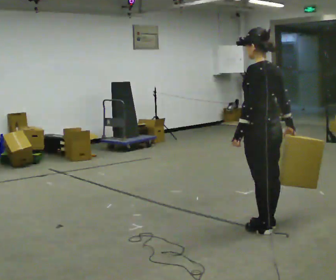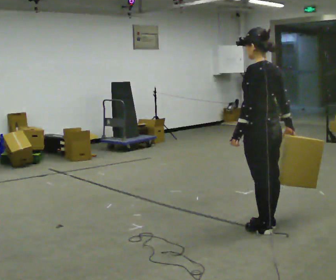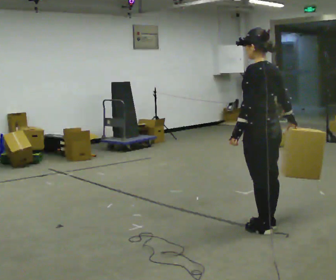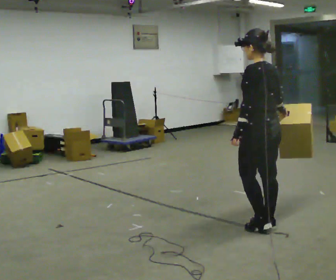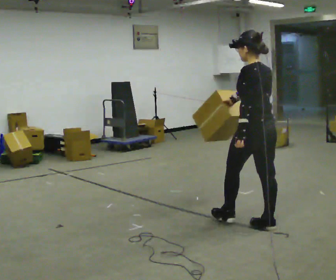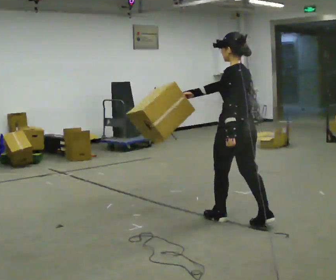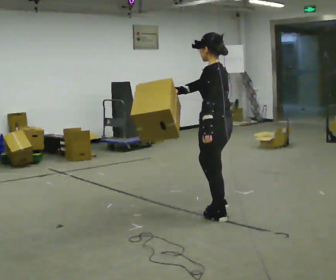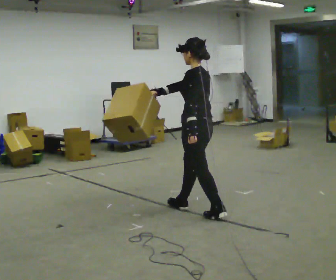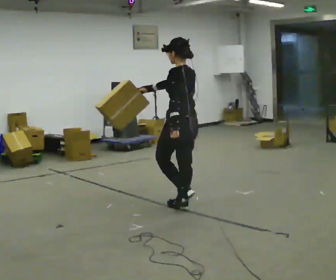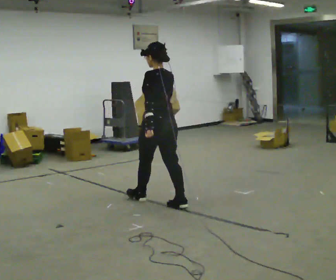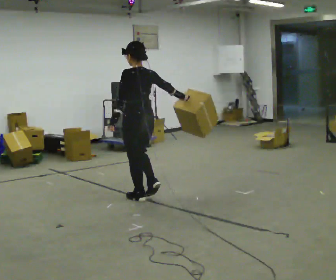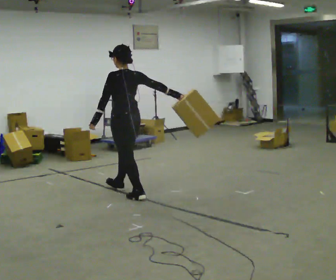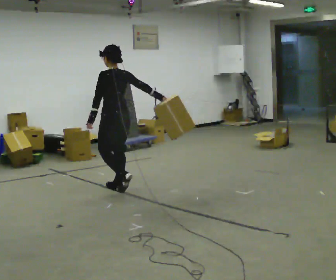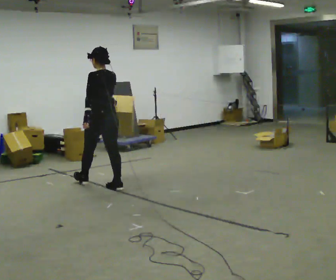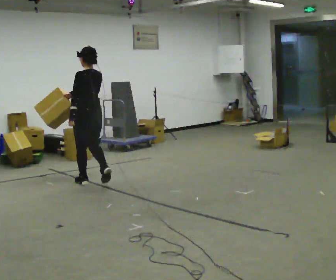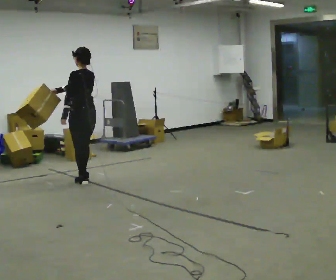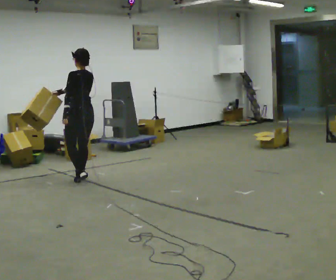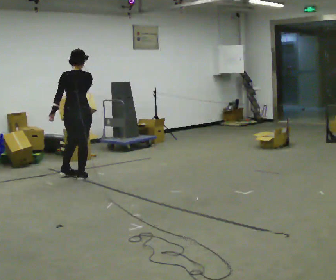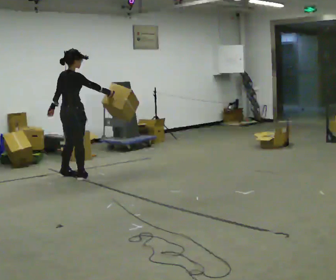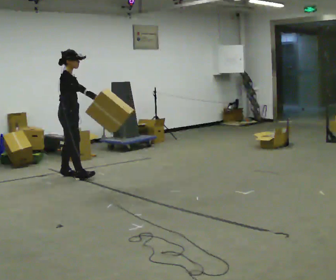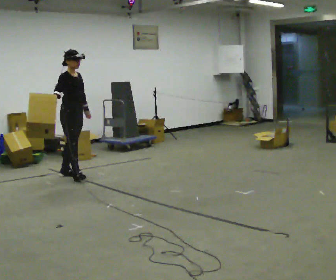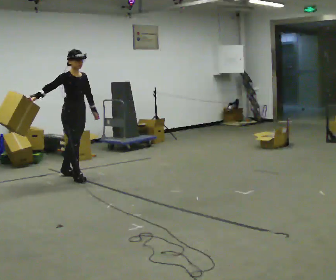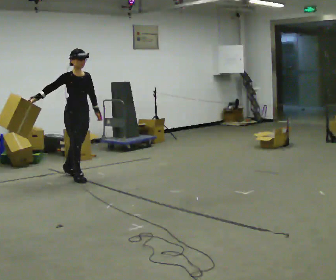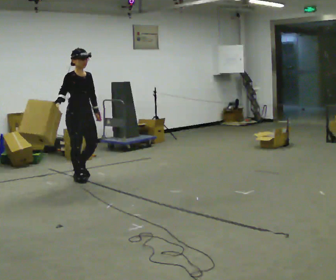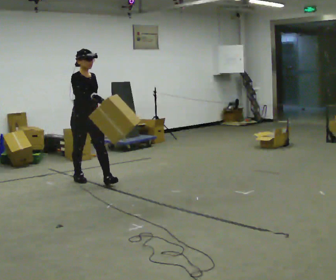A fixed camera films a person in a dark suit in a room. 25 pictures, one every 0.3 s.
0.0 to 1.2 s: In the picture their right hand goes to the left.
1.2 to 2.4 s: In the picture they go away from the camera and to the left, about 1 m in 2 steps, which for them is forward.
2.4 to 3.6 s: In the picture they go away from the camera and to the left, about 1 m in 2 steps, which for them is forward.
3.6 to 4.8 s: In the picture they go away from the camera and to the left, about 0.5 m in 2 steps, which for them is forward.
4.8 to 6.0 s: The person turns about 150 degrees to their right, clockwise seen from above, so the part of the body nearest the lens slides to the left. In the picture they go away from the camera and to the left, about 0.25 m in 1 step.
6.0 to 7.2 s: In the picture they go toward the camera and to the right, about 0.5 m, which for them is forward.
The film runs forward here.
